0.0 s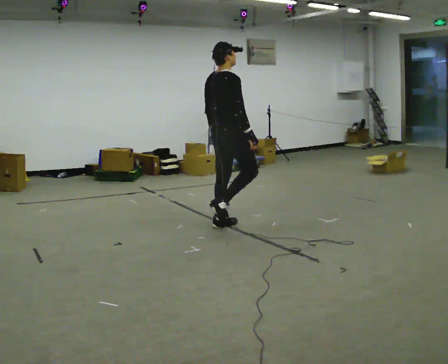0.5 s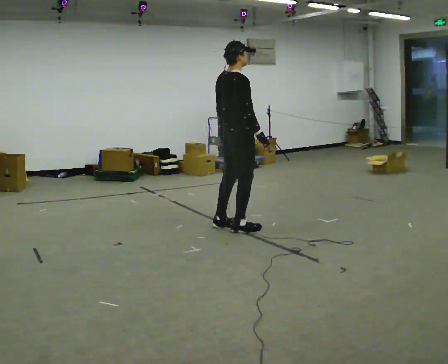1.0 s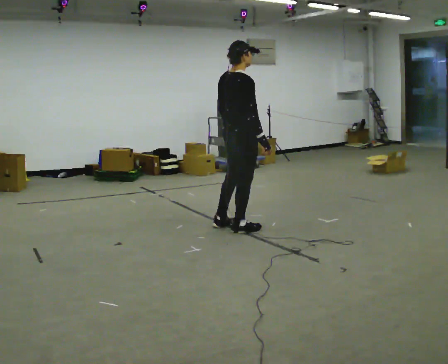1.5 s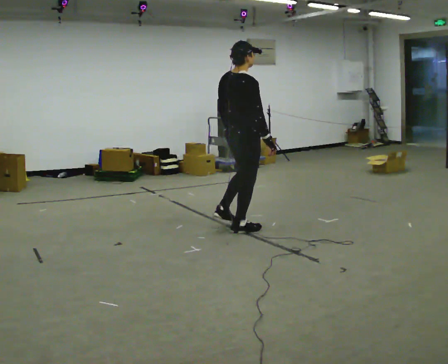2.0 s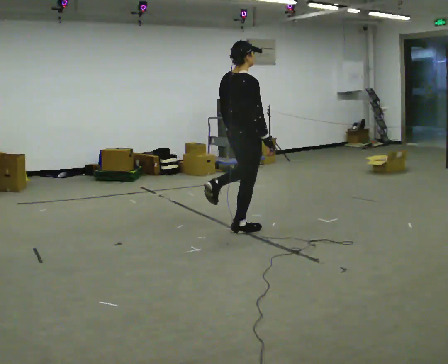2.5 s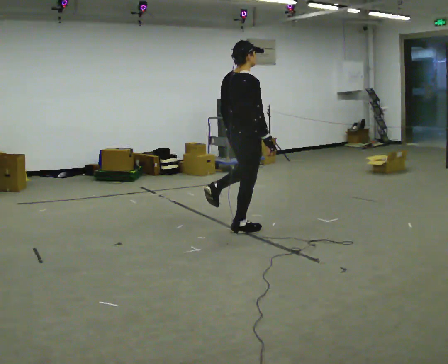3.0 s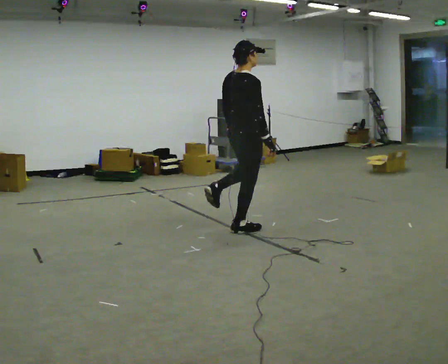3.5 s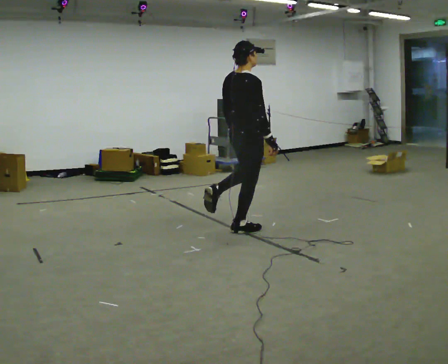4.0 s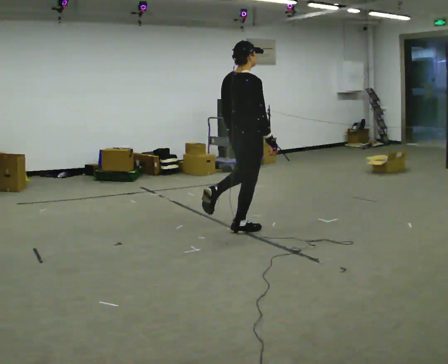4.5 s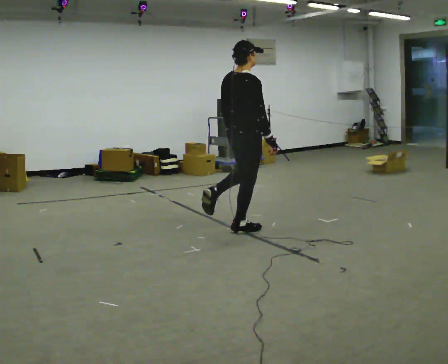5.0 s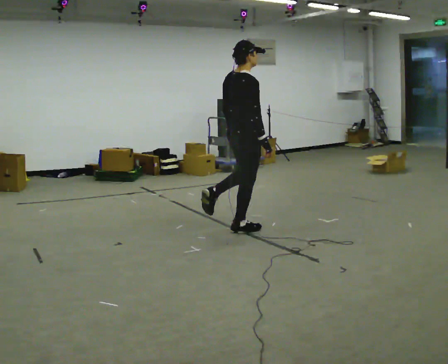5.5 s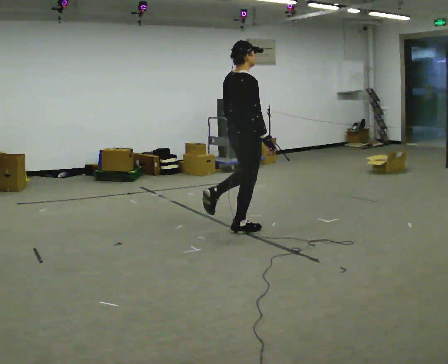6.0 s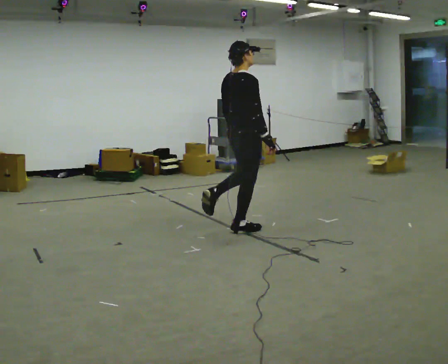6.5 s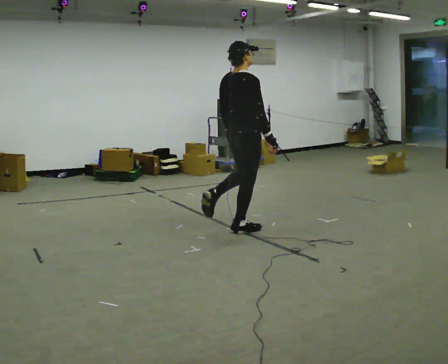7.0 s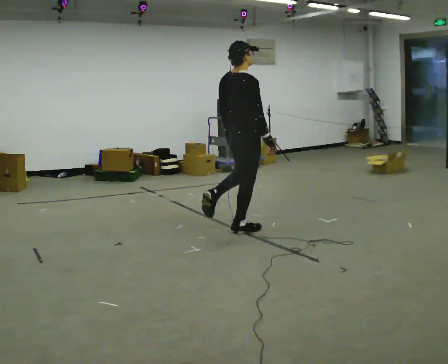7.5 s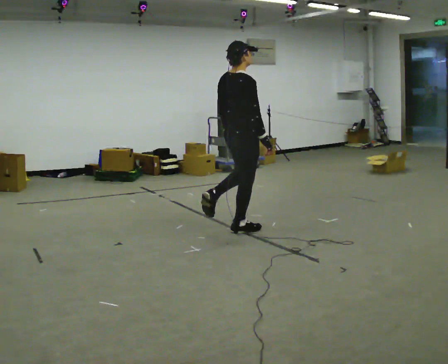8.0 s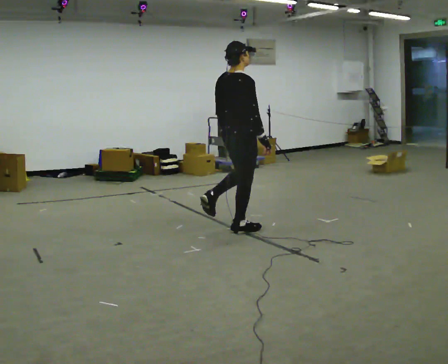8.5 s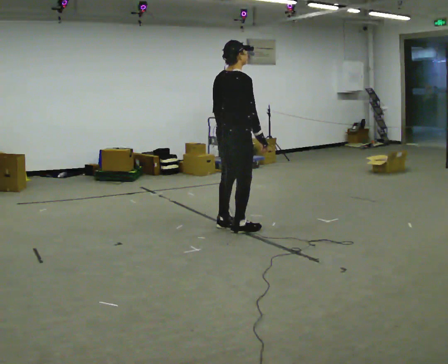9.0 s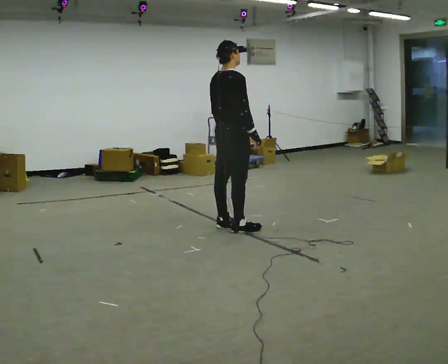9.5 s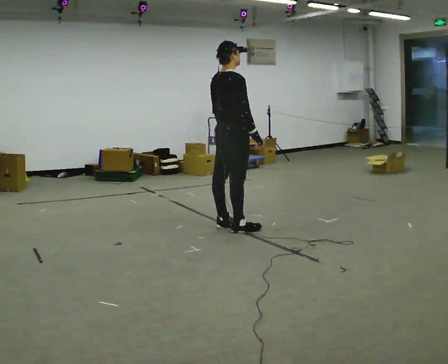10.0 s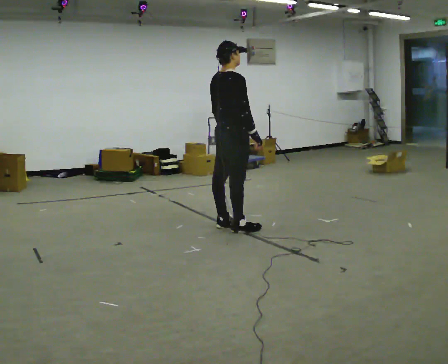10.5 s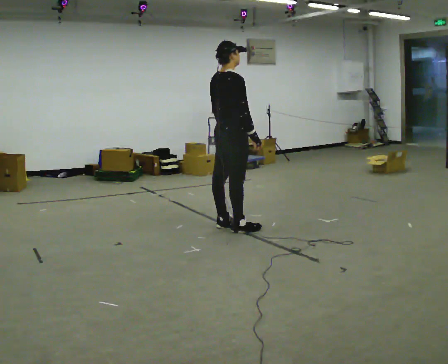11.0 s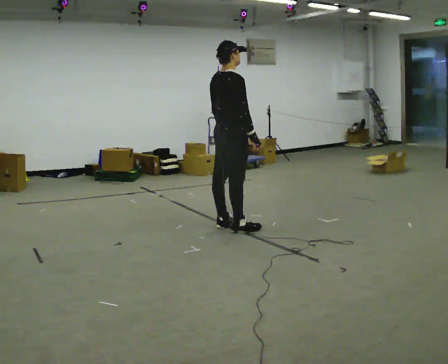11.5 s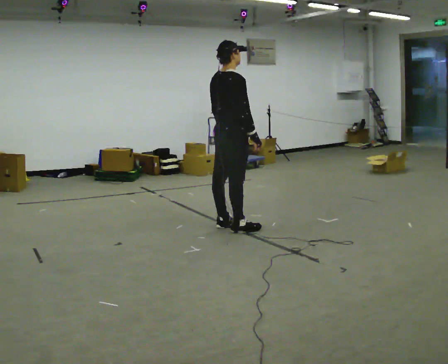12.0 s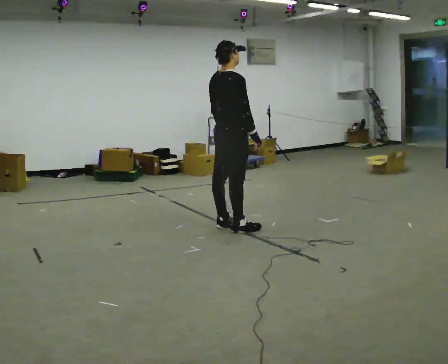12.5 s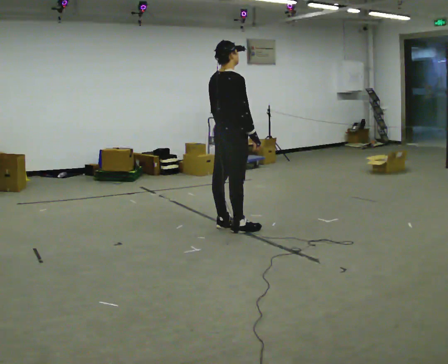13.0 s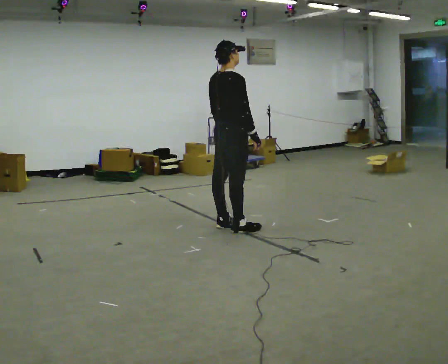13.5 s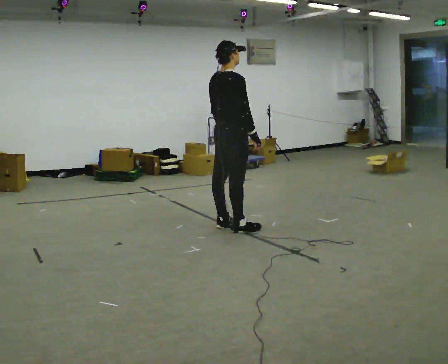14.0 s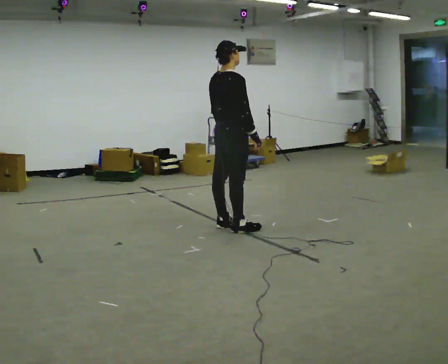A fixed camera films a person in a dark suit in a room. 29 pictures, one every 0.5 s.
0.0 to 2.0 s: In the picture they go to the right, about 0.25 m in 2 steps, which for them is to their right.
2.0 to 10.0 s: The person moves a little, or ends about where they began.
10.0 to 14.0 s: The person keeps their place and pose.
The film runs forward here.
